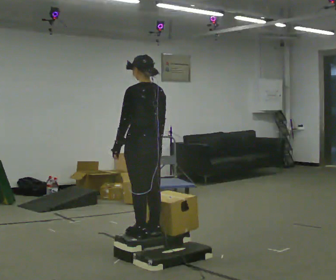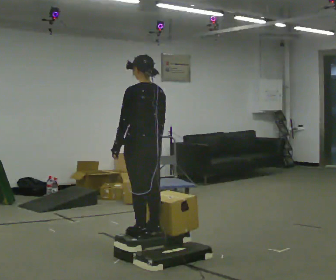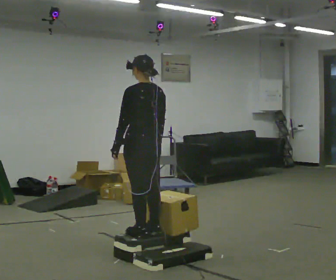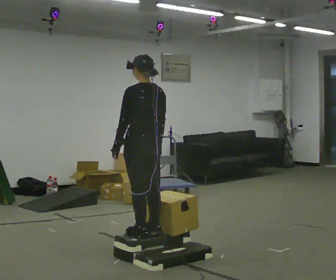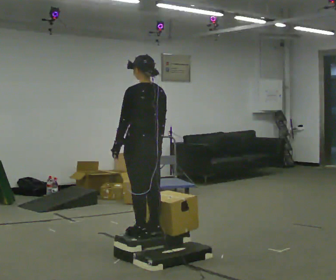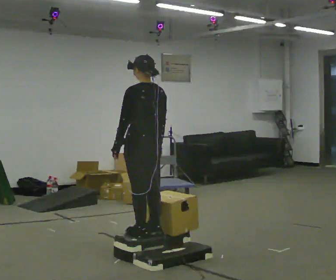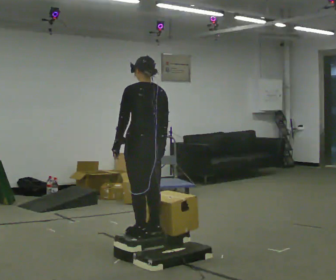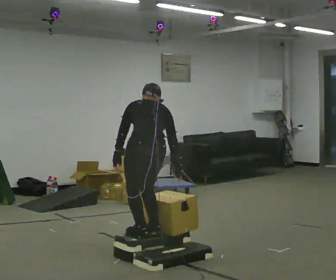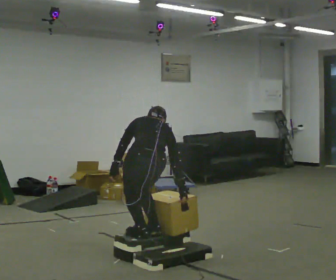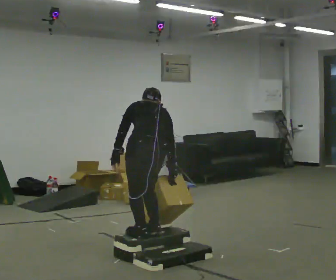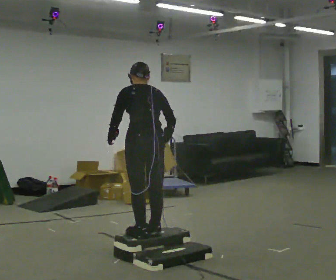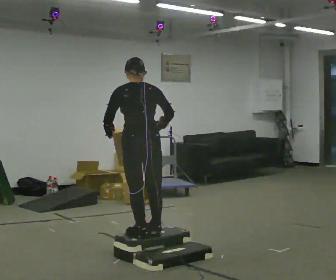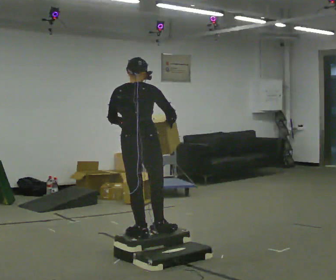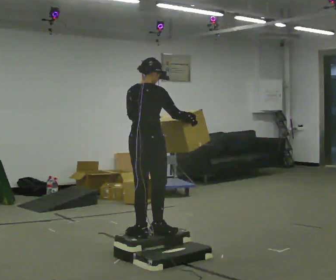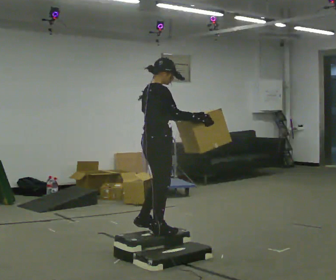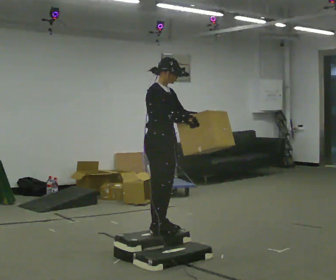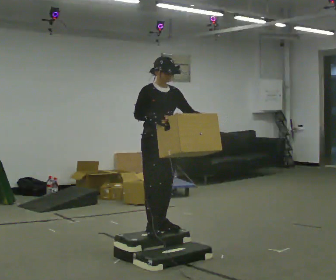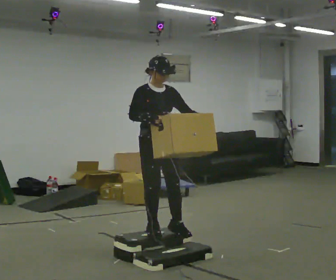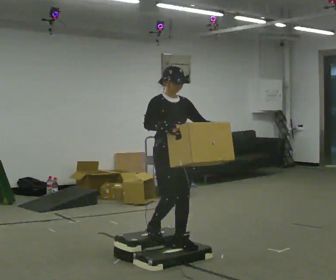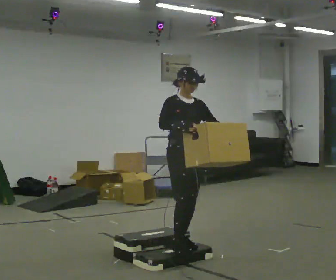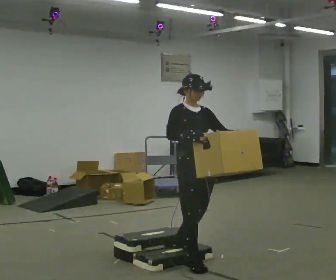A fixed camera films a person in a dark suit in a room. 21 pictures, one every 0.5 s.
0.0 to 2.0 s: The person keeps their place and pose.
2.0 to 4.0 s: Seen from above the body turns clockwise, about 30 degrees: to their right, with its near side sliding to the left. The shoulders move downward. The upper body tips away from the camera, its near side rolling upward, as they bend forward. In the picture their right hand goes downward.
4.0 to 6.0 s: The upper body goes upward. The upper body tips toward the camera, its near side rolling downward, as they lean back or straighten. In the picture their left hand goes upward.
6.0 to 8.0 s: The part of the body nearest the lens slides to the left as the person turns to their right by about 135 degrees. In the picture they go away from the camera, about 0.25 m in 1 step.
8.0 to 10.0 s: In the picture they go toward the camera and to the right, about 0.5 m in 2 steps, which for them is forward. The shoulders move downward.
The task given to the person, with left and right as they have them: Carry the box up the three steps, turn at the top, and carry it back down. Use the handrail only if you need it. Keep going until the operator says stop; one object at a time, and do not rush between trips.
The film runs forward here.
